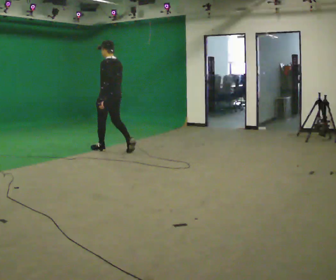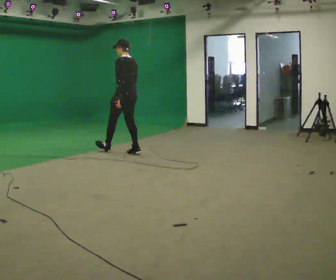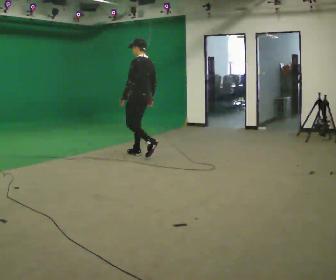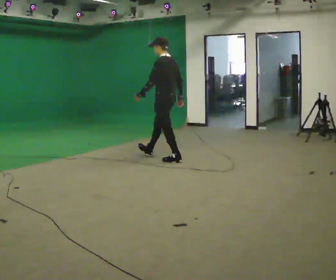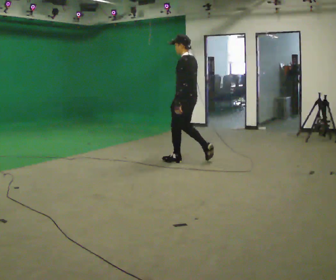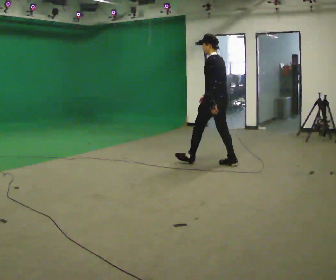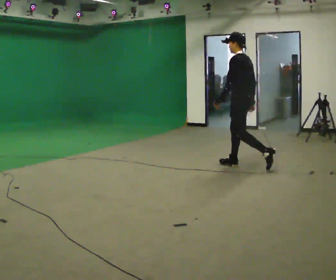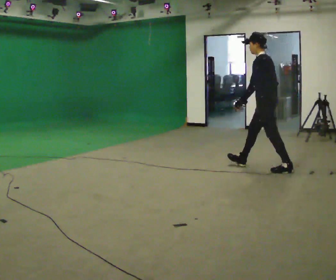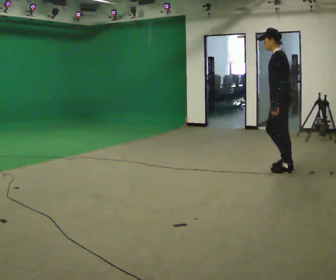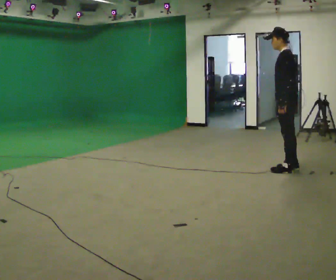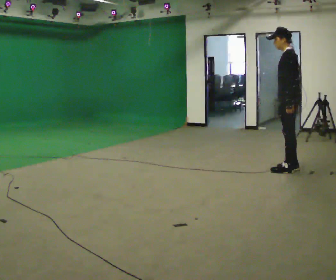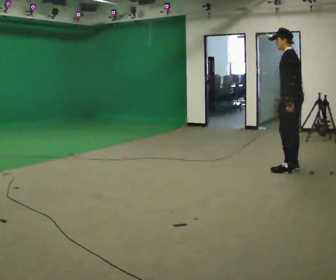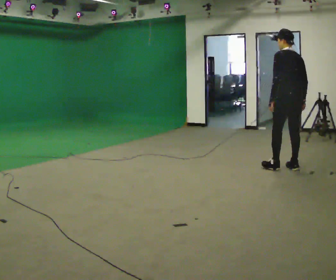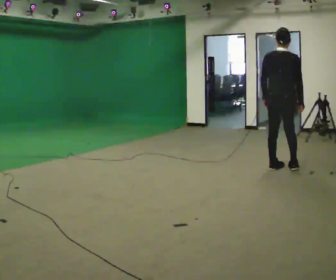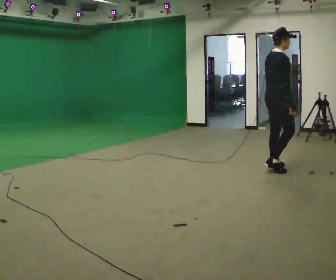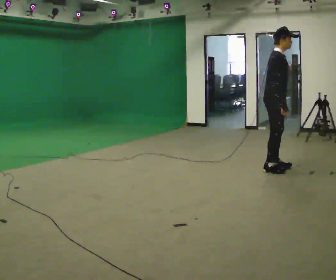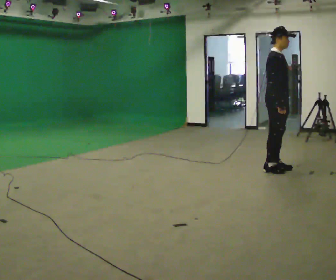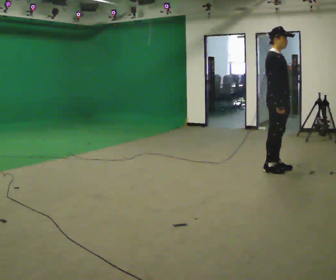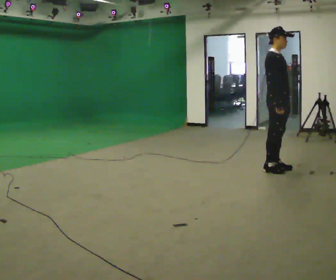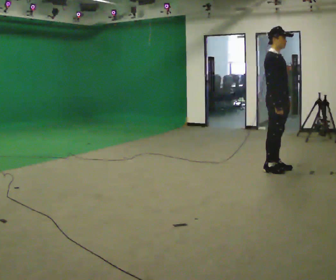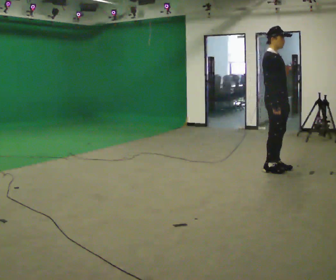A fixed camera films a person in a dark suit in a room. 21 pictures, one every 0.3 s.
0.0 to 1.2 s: In the picture they go to the right, about 1.5 m in 2 steps, which for them is backward.
1.2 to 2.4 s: In the picture they go to the right, about 1.5 m in 2 steps, which for them is backward.
2.4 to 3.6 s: The part of the body nearest the lens slides to the left as the person turns to their right by about 45 degrees.
3.6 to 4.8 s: The person turns about 150 degrees to their right, clockwise seen from above, so the part of the body nearest the lens slides to the left. In the picture they go to the left, about 0.25 m in 1 step.
4.8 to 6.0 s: The person moves a little, or ends about where they began.
The film runs backward here.
